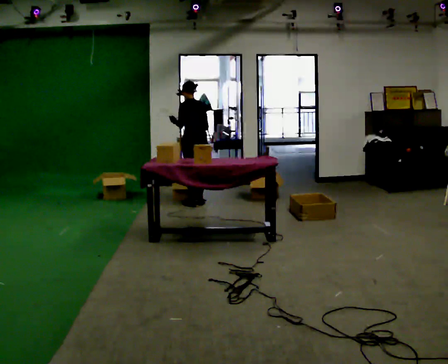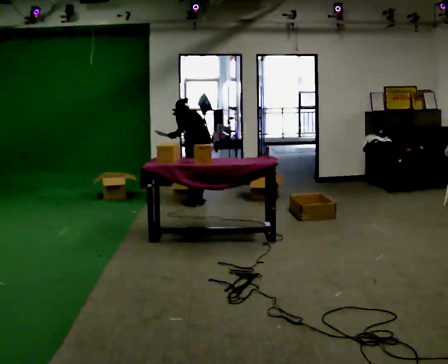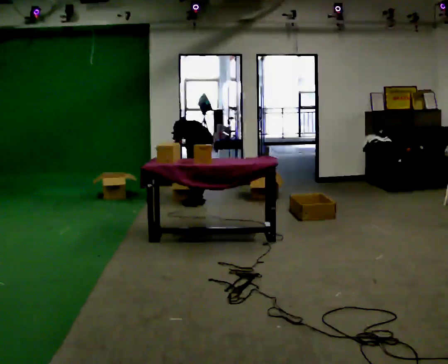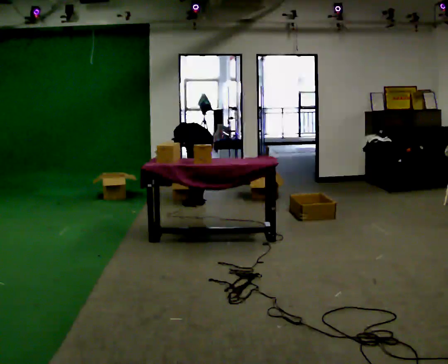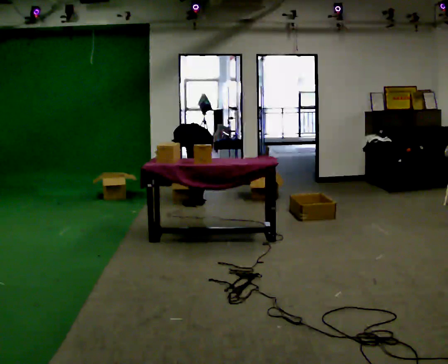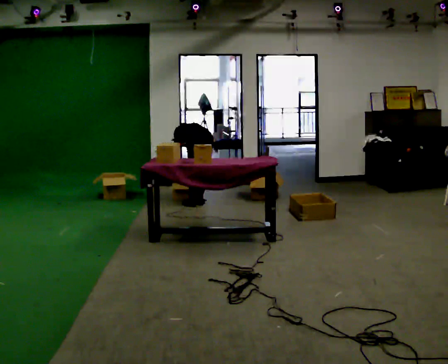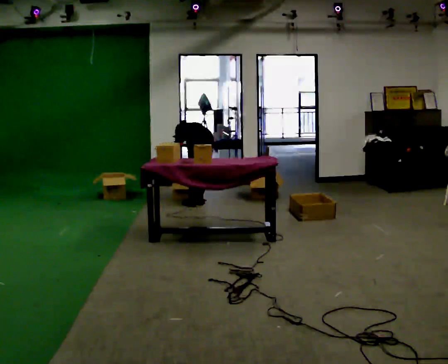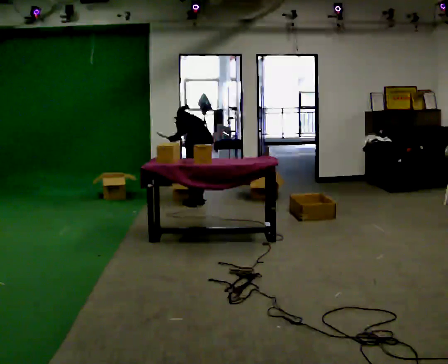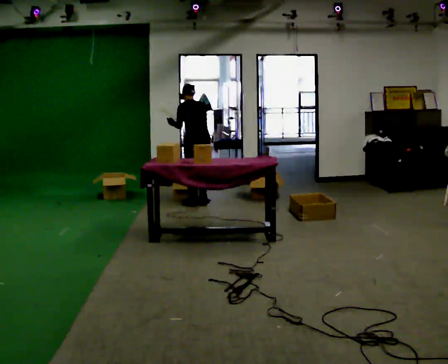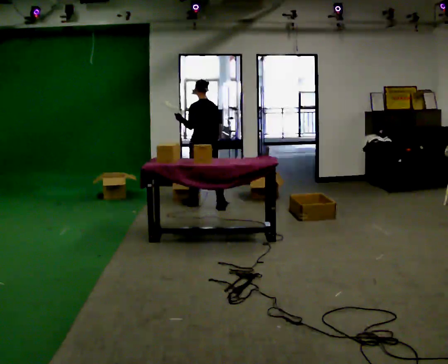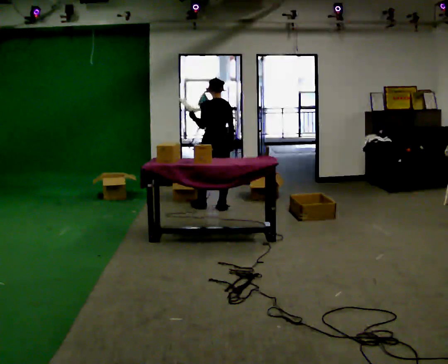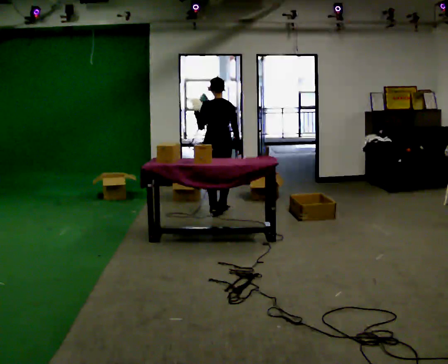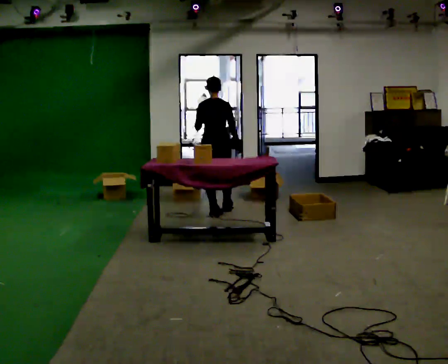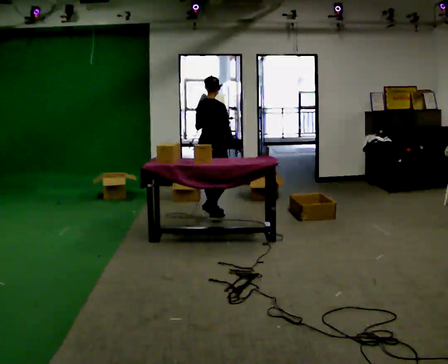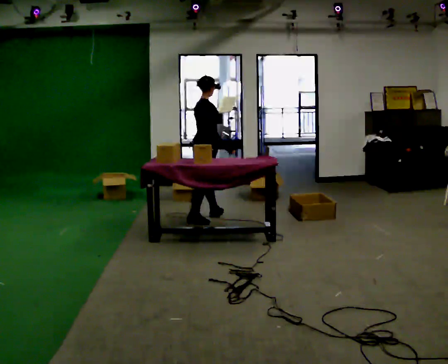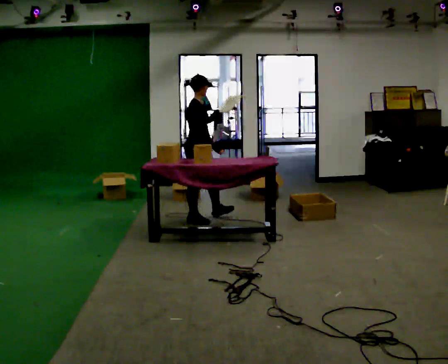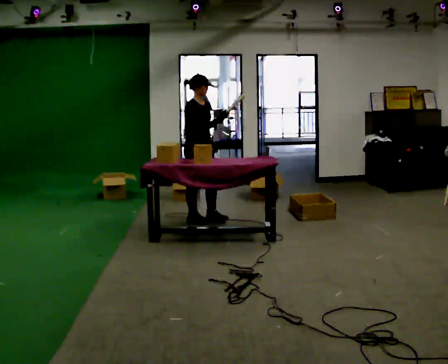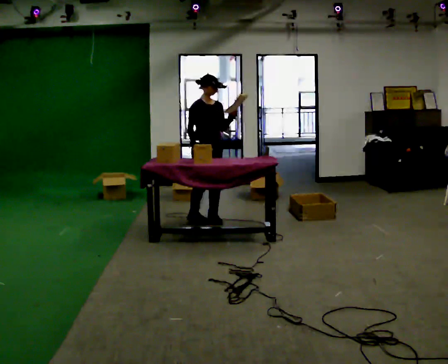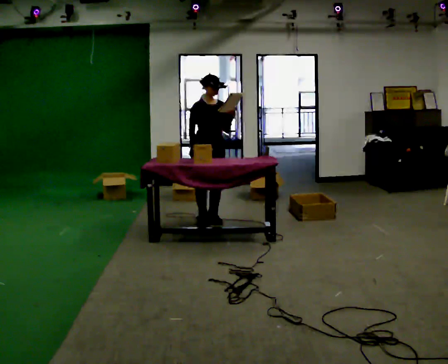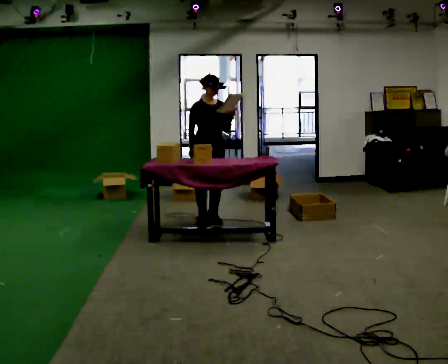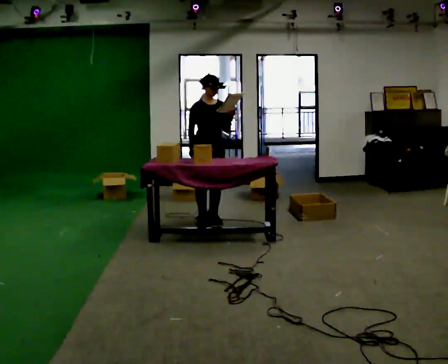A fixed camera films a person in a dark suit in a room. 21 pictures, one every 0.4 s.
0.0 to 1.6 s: The shoulders move downward. The upper body tips away from the camera, its near side rolling upward, as they bend forward. In the picture their left hand goes downward.
1.6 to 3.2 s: The shoulders move upward. The upper body tips toward the camera, its near side rolling downward, as they lean back or straighten. In the picture their left hand goes upward.
3.2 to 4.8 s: The person turns about 30 degrees to their right, clockwise seen from above, so the part of the body nearest the lens slides to the left. In the picture they go toward the camera and to the right, about 0.5 m in 2 steps, which for them is backward. The upper body tips toward the camera, its near side rolling downward, as they lean back or straighten.
4.8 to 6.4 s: Seen from above the body turns clockwise, about 105 degrees: to their right, with its near side sliding to the left. In the picture they go toward the camera and to the left, about 0.5 m in 1 step.
6.4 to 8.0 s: The part of the body nearest the lens slides to the left as the person turns to their right by about 45 degrees.
The film runs backward here.
